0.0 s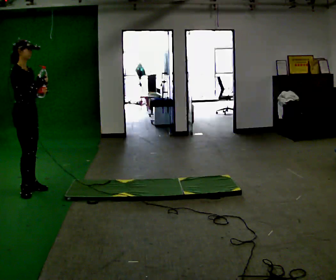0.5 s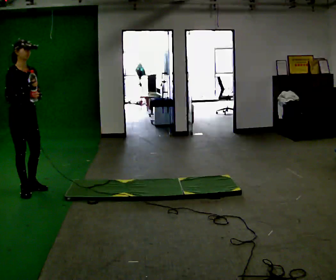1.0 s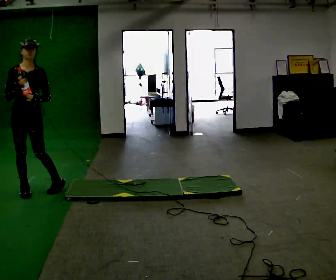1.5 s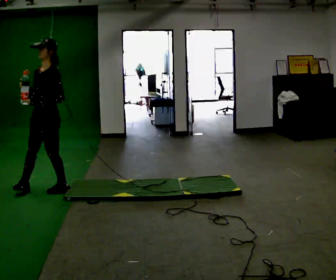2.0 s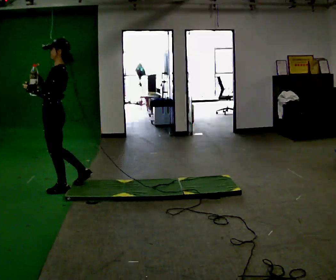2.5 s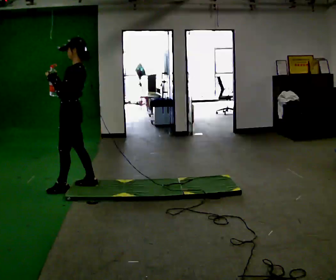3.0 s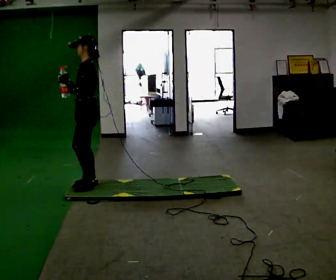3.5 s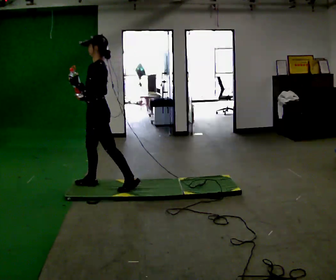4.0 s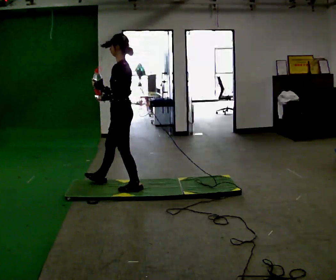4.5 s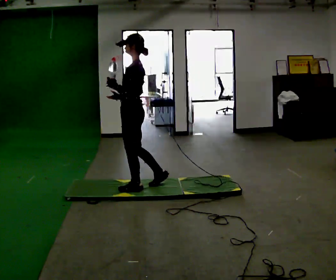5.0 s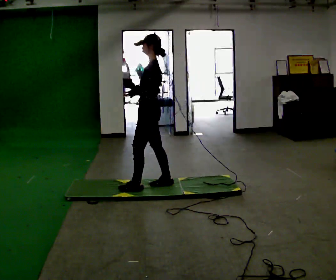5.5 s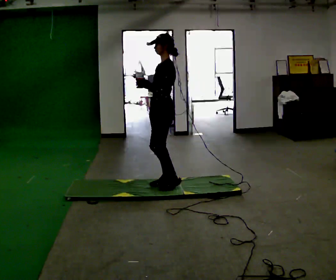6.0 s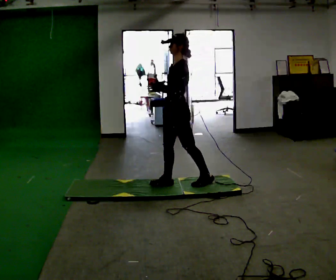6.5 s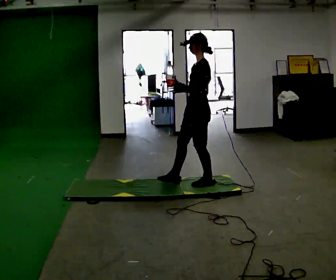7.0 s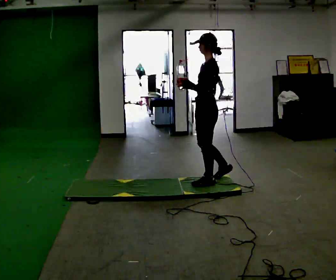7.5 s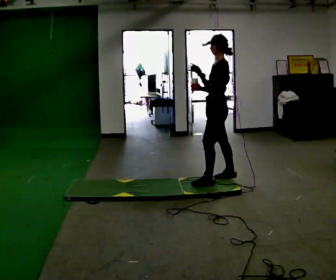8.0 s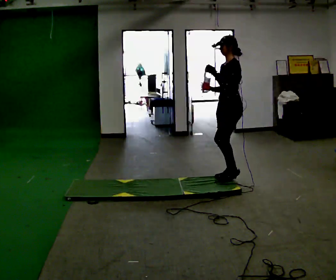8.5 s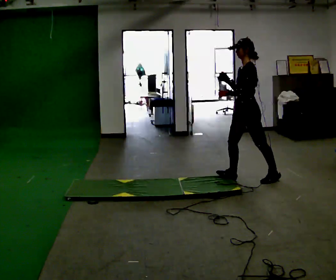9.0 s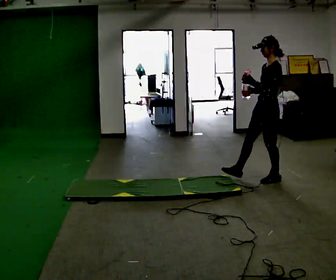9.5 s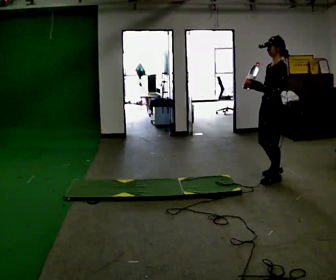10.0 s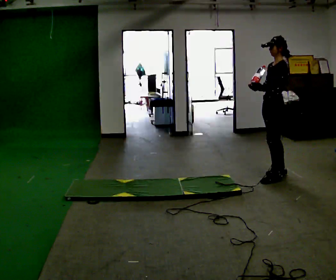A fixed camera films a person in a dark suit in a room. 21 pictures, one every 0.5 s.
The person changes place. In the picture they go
to the right.
0.0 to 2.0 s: The person turns about 165 degrees to their right, clockwise seen from above, so the part of the body nearest the lens slides to the left. In the picture they go to the right, about 0.25 m in 2 steps.
2.0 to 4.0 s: In the picture they go to the right, about 0.75 m in 2 steps, which for them is backward.
4.0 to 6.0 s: In the picture they go to the right, about 0.5 m in 1 step, which for them is backward and to their right.
6.0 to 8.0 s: In the picture they go to the right, about 0.75 m in 2 steps, which for them is backward.
8.0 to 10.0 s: In the picture they go to the right, about 0.5 m in 1 step, which for them is backward.
The film runs backward here.
